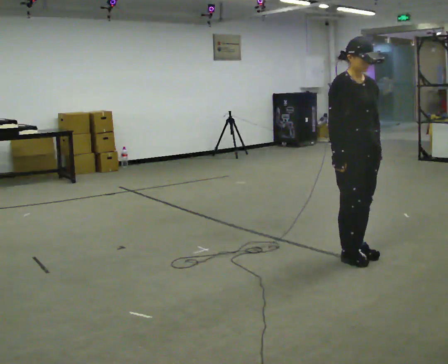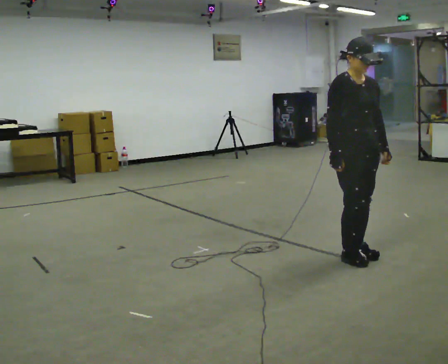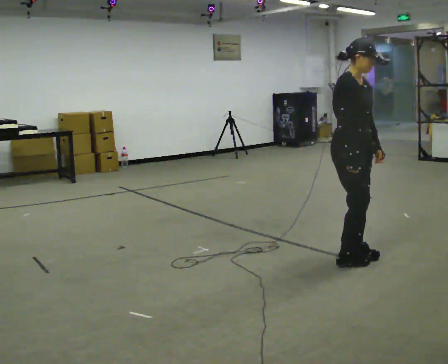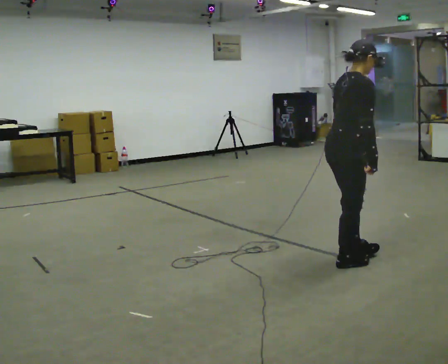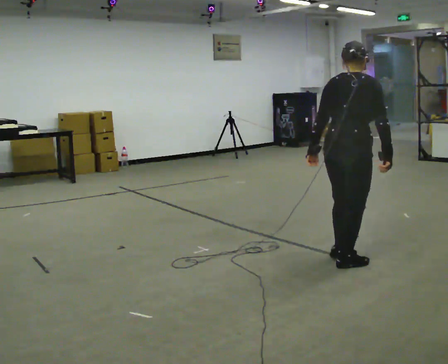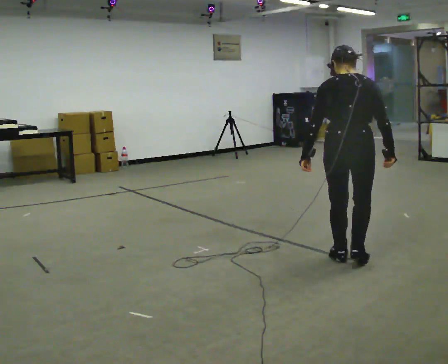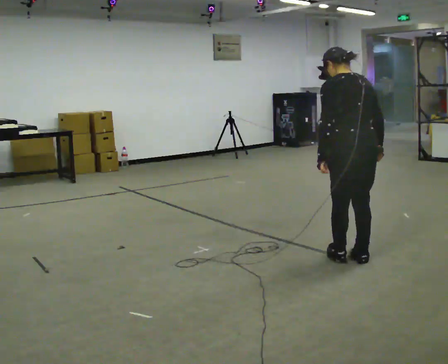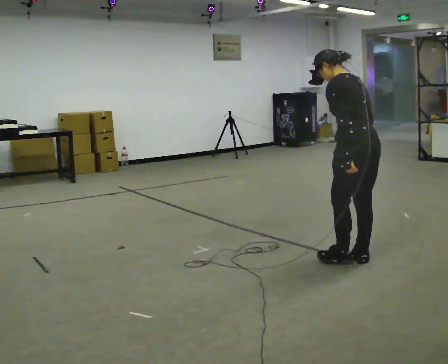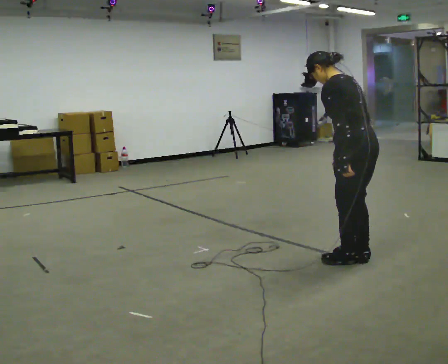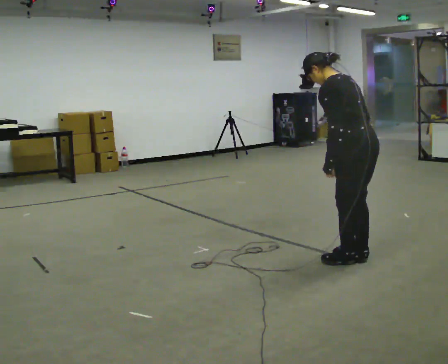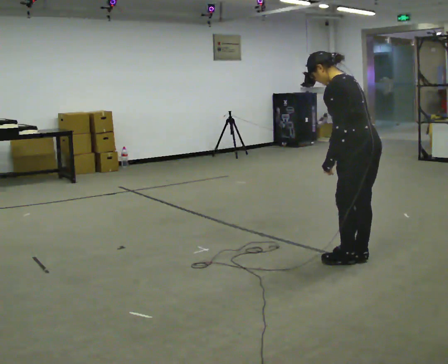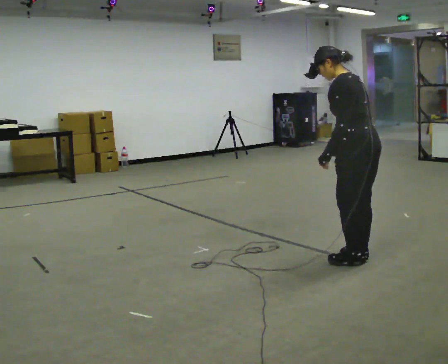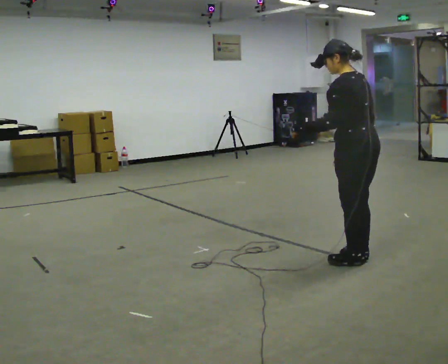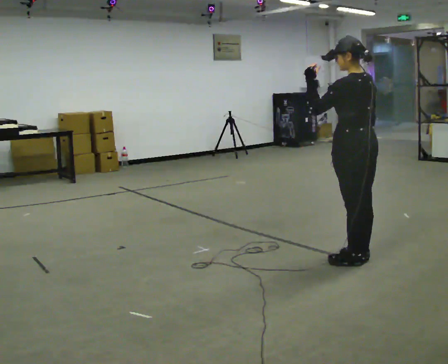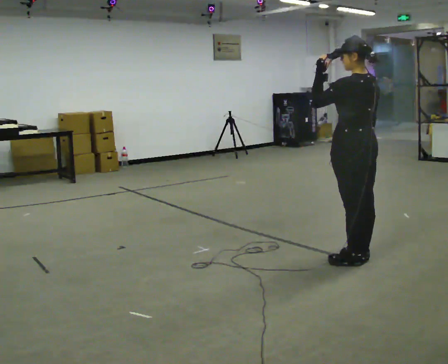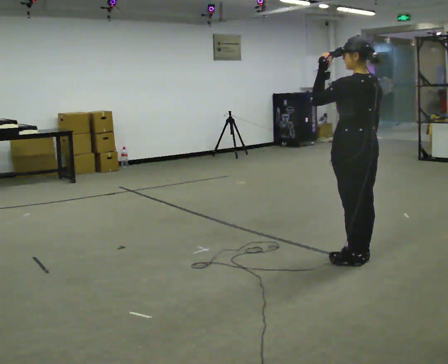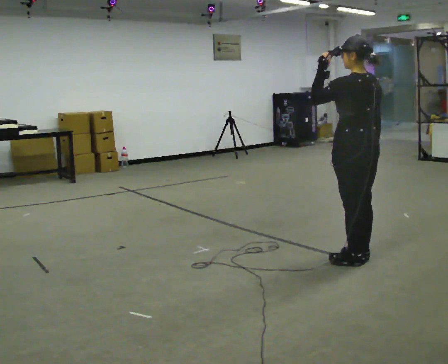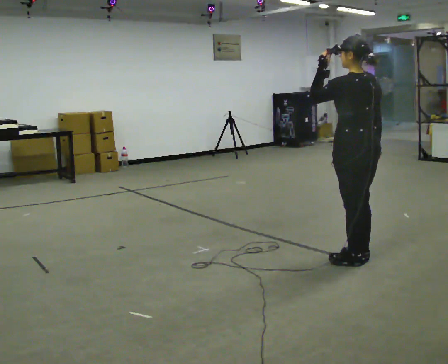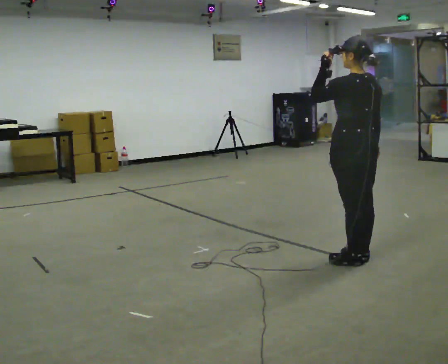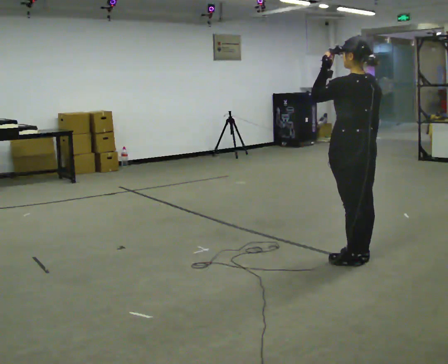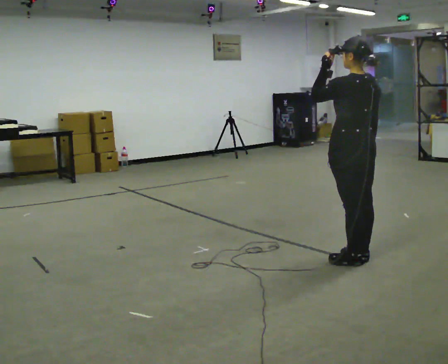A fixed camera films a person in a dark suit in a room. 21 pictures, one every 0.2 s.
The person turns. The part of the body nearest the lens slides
to the right.
The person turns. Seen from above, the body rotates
counterclockwise.
0.0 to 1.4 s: The part of the body nearest the lens slides to the right as the person turns to their left by about 195 degrees.
1.4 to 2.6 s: In the picture their left hand goes upward.
2.6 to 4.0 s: The person moves a little, or ends about where they began.
The film runs forward here.
